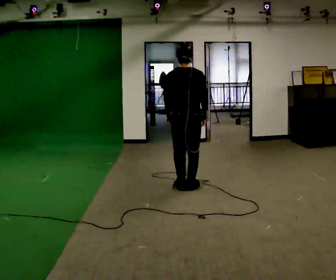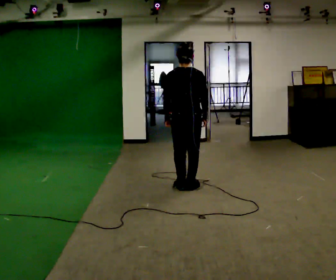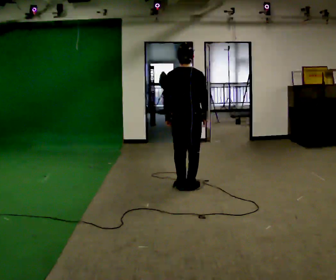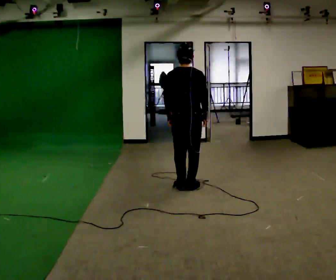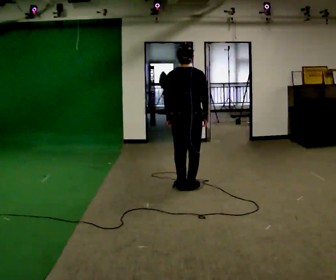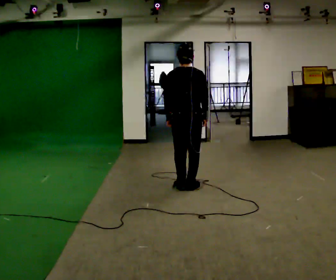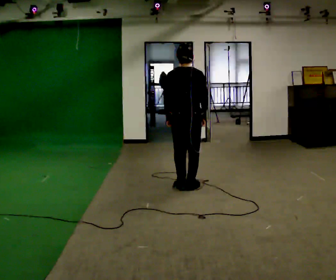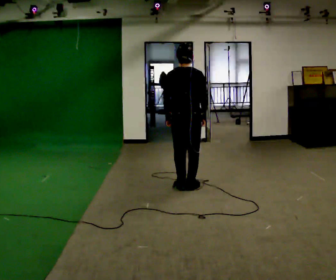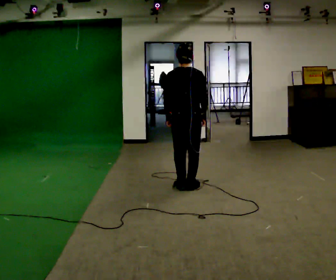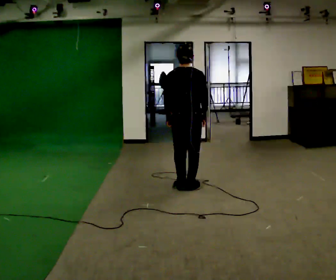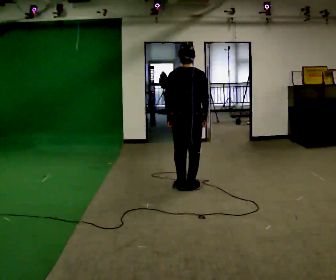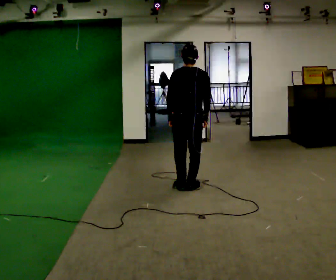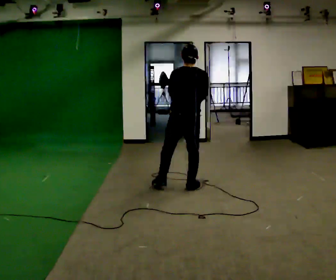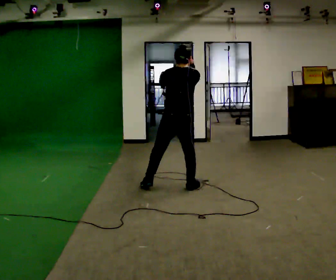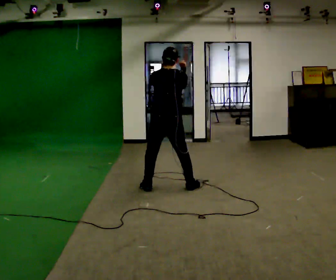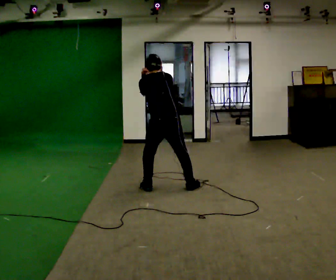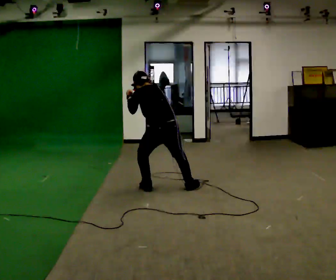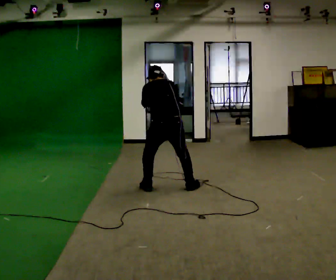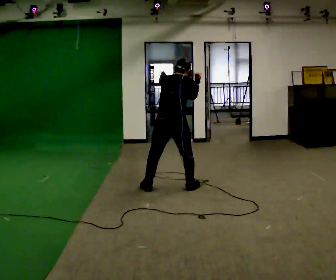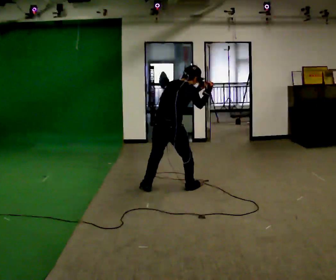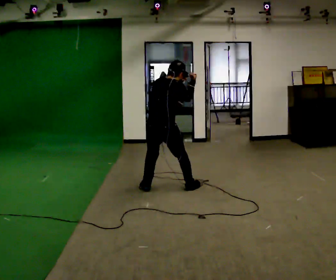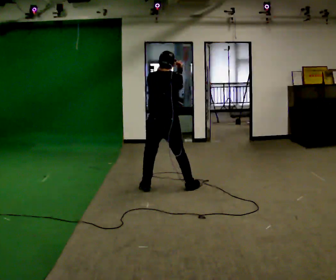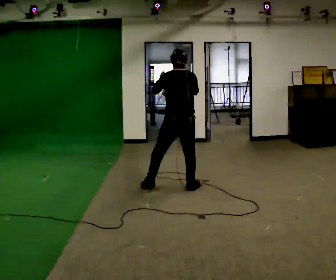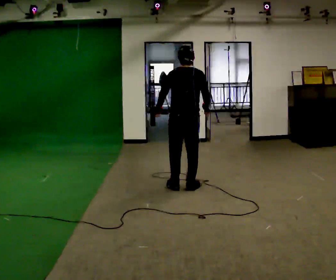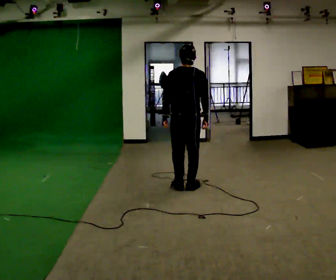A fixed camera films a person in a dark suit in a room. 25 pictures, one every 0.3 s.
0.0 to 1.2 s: The person moves a little, or ends about where they began.
1.2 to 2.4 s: The person keeps their place and pose.
2.4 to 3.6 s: The person moves a little, or ends about where they began.
3.6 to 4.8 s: In the picture they go to the left, about 0.25 m in 1 step, which for them is to their left. The shoulders move downward. In the picture the upper body tilts counterclockwise, shoulders to the left, as they bend forward.
4.8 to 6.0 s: The person turns about 45 degrees to their right, clockwise seen from above, so the part of the body nearest the lens slides to the left. In the picture their right hand goes to the right.
6.0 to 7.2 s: In the picture they go to the right, about 0.25 m in 1 step, which for them is to their right. In the picture their left hand goes downward.
The film runs forward here.
